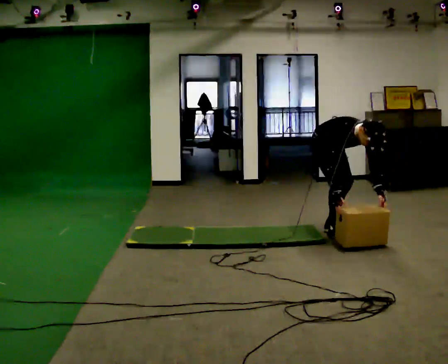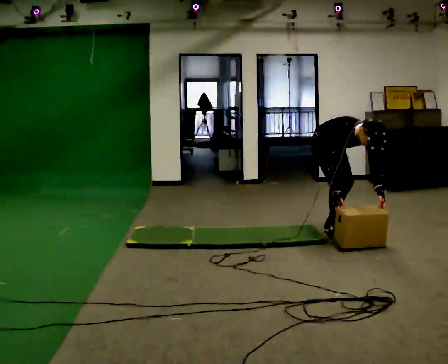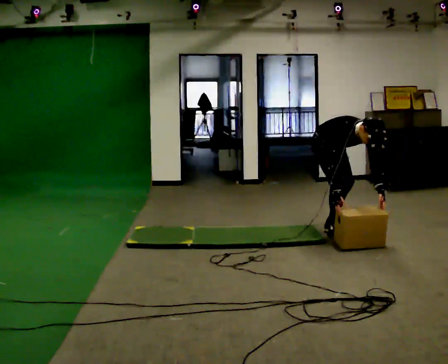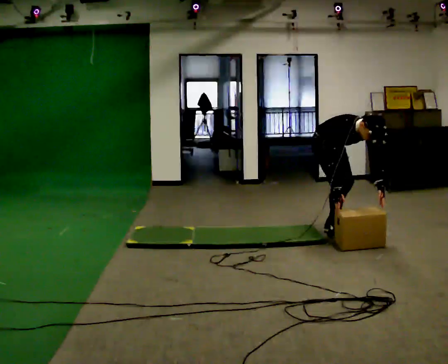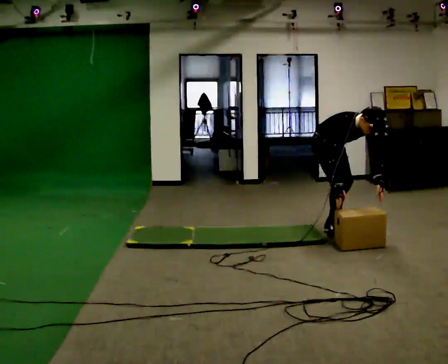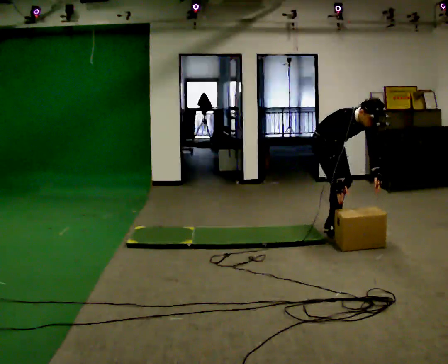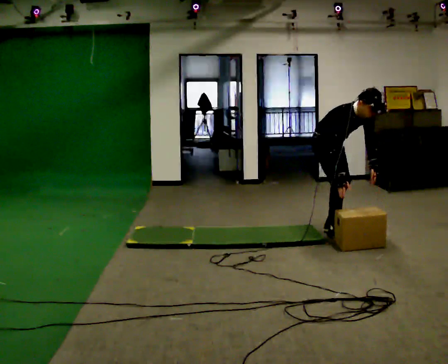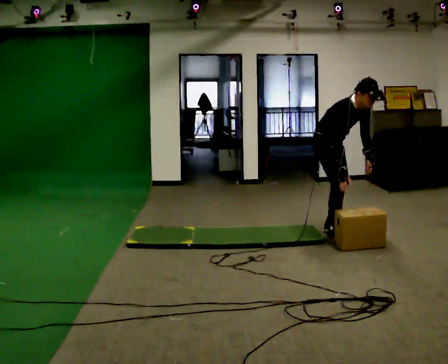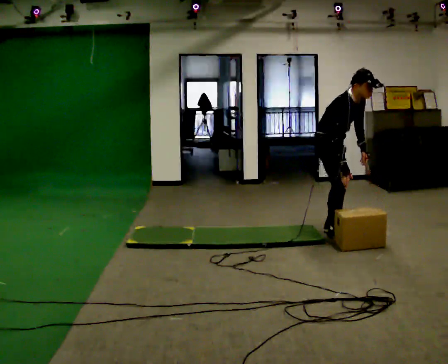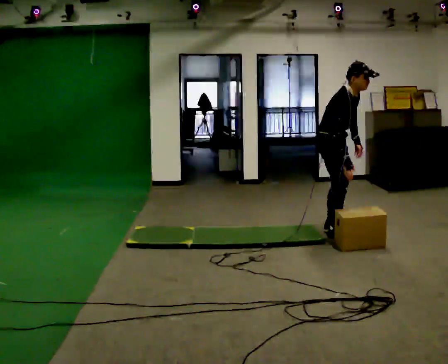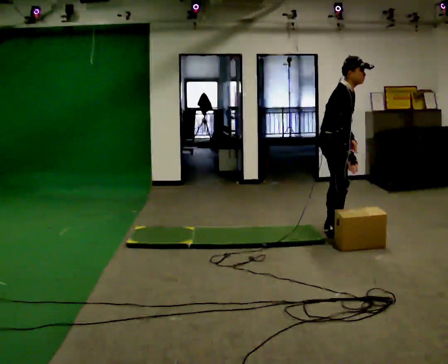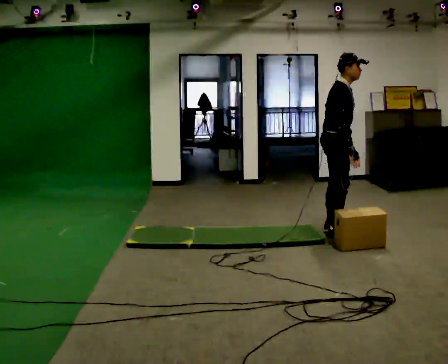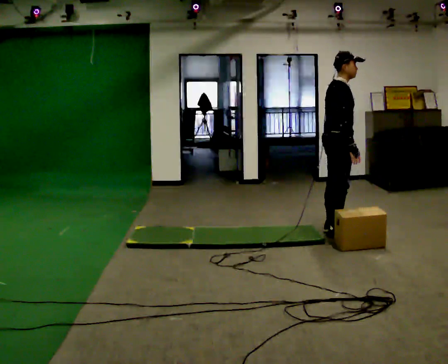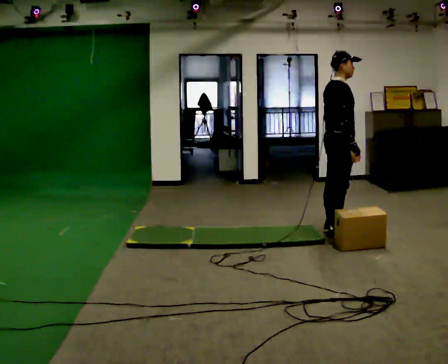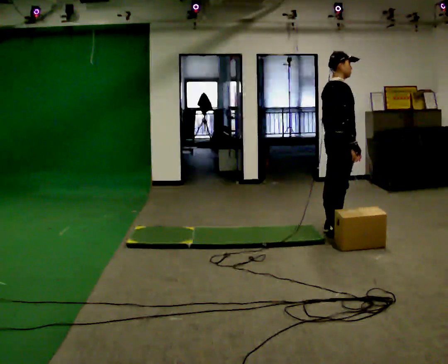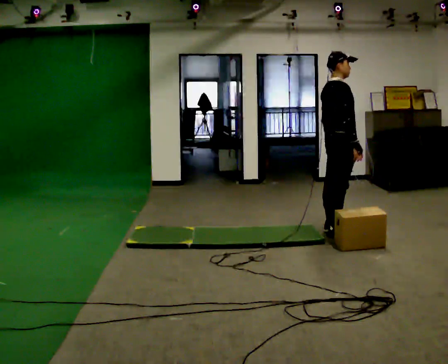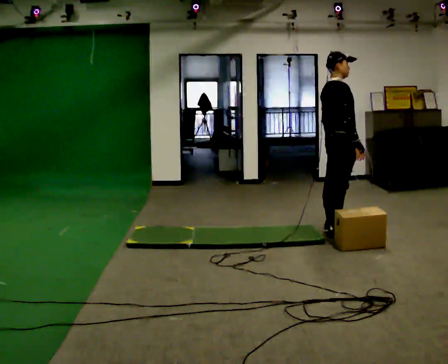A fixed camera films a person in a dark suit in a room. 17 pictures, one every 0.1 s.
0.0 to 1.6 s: The part of the body nearest the lens slides to the right as the person turns to their left by about 60 degrees. The shoulders move upward. In the picture the upper body tilts counterclockwise, shoulders to the left, as they lean back or straighten. In the picture their left hand goes to the left and upward.
The film runs forward here.
